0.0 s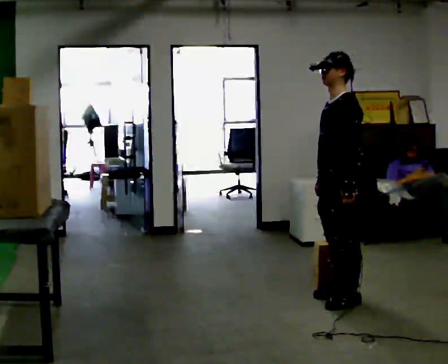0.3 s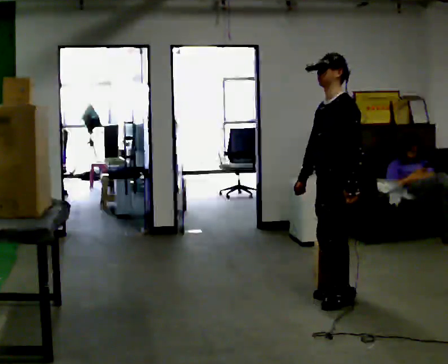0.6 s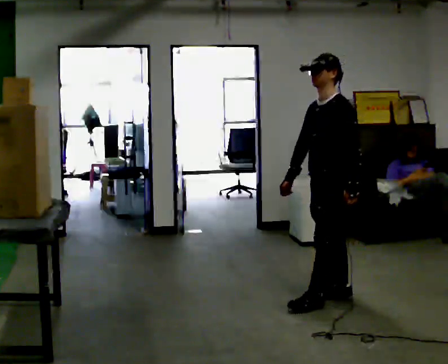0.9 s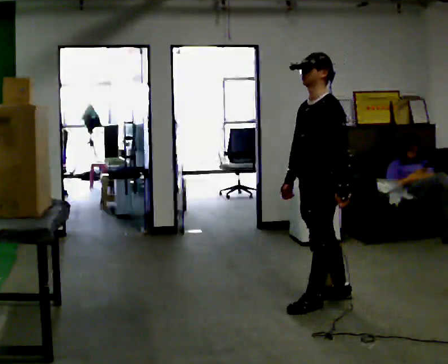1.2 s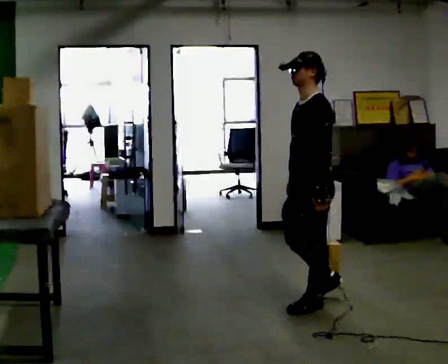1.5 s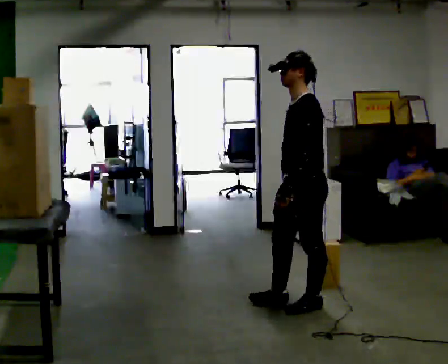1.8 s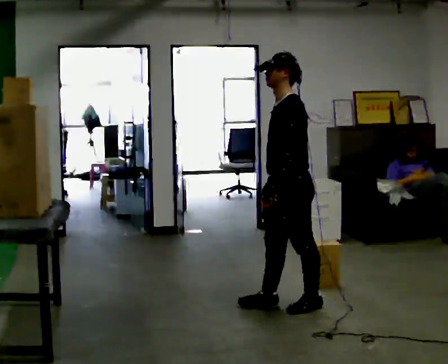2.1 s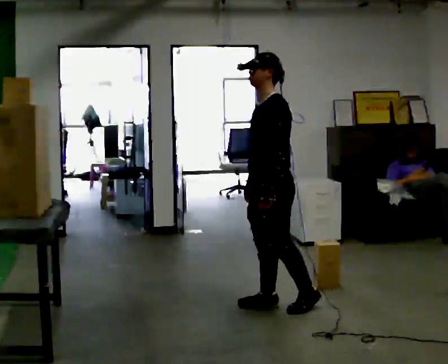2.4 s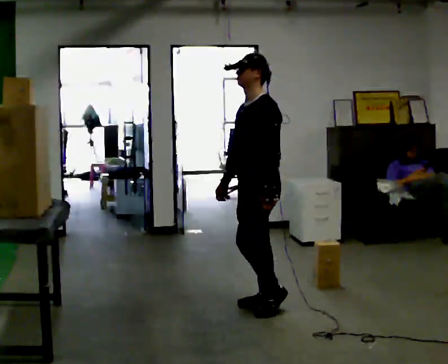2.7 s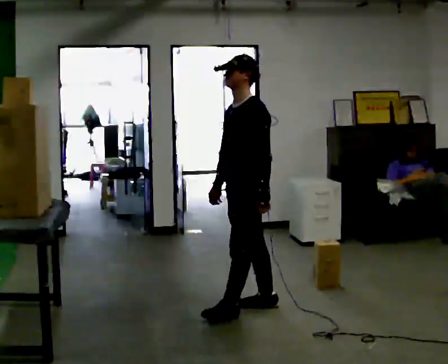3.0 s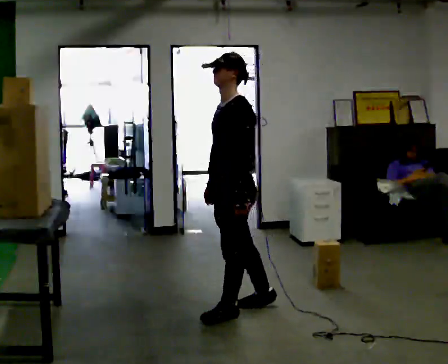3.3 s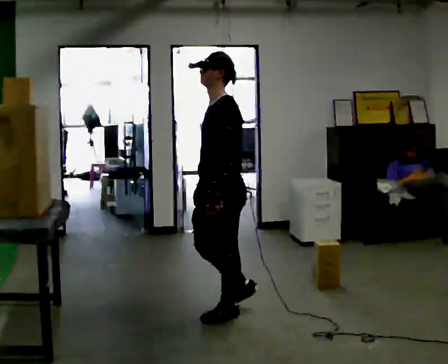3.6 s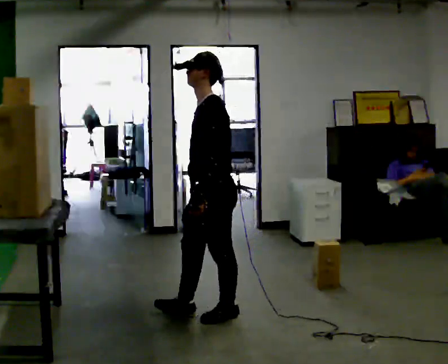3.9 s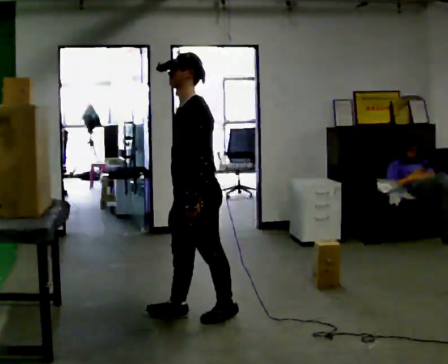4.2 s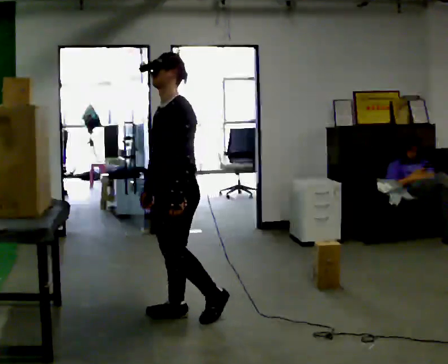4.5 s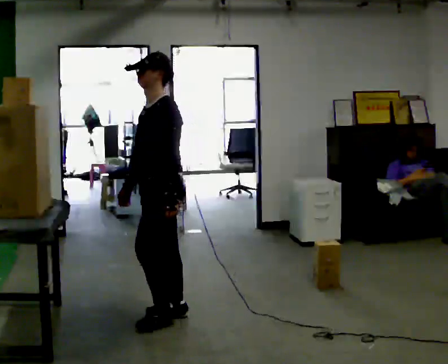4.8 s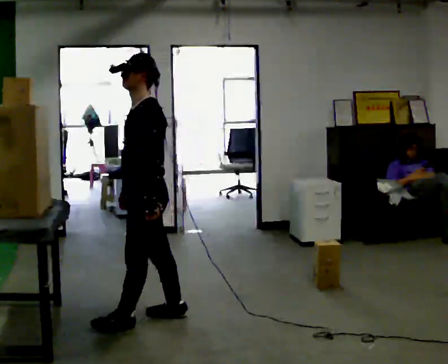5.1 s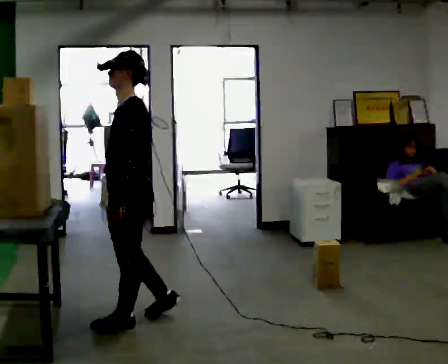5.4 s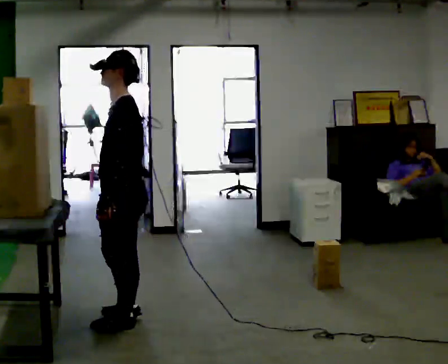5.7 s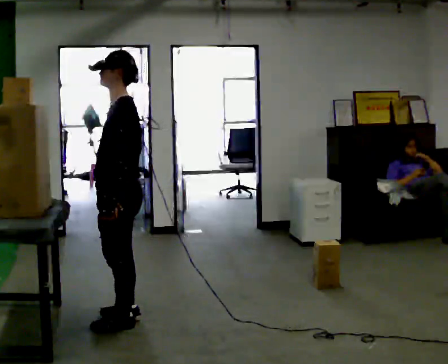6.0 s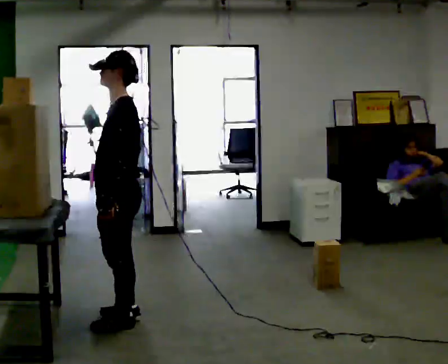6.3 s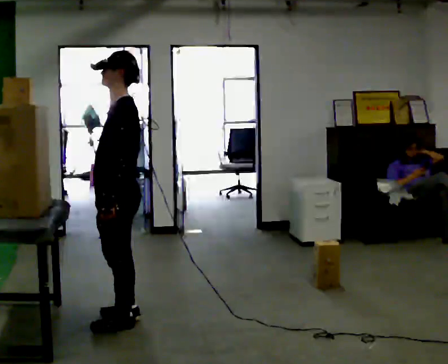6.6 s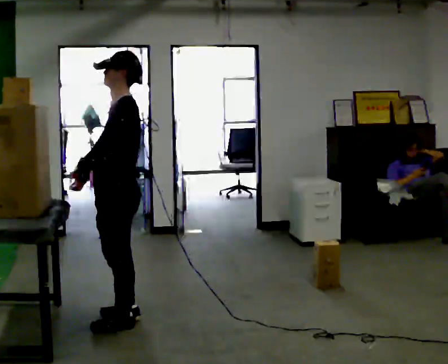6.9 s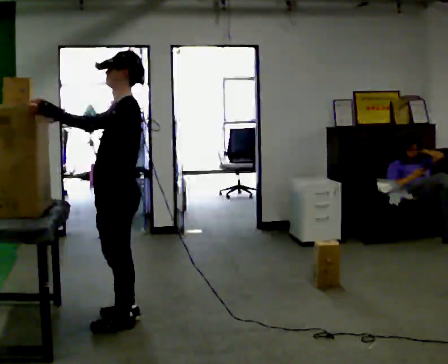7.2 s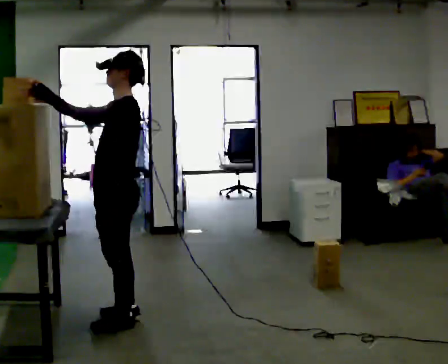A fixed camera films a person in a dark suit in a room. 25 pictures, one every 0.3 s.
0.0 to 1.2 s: In the picture they go to the left, about 0.25 m in 1 step, which for them is forward.
1.2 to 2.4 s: In the picture they go to the left, about 0.25 m in 1 step, which for them is forward and to their right.
2.4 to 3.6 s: In the picture they go to the left and toward the camera, about 0.25 m in 1 step, which for them is forward.
3.6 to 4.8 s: In the picture they go to the left, about 0.5 m in 2 steps, which for them is forward and to their right.
4.8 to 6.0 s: The person moves a little, or ends about where they began.
6.0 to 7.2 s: In the picture their right hand goes upward and to the left, the arm swinging clockwise.
The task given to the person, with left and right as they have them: Take an object from the lowest shelf, carry it across the room, and place it on the highest shelf you can comfortably reach. Keep going until the operator says stop; one object at a time, and do not rush between trips.
The film runs forward here.
